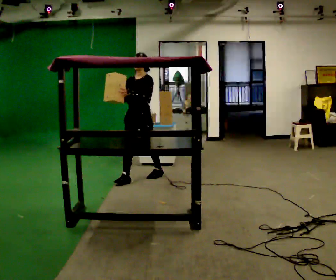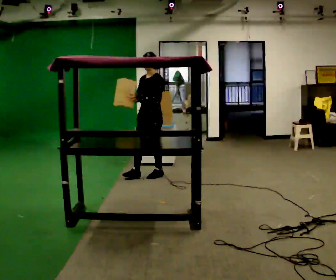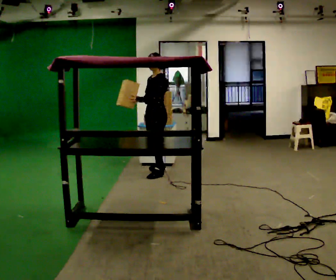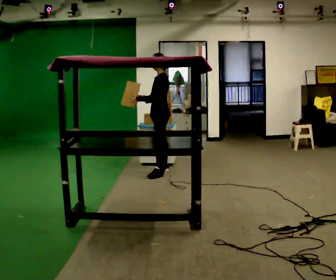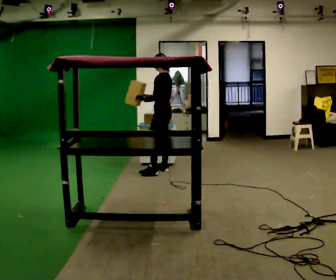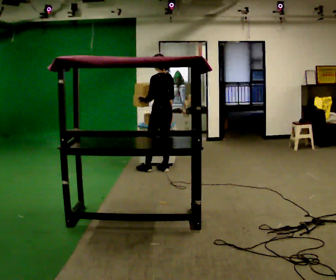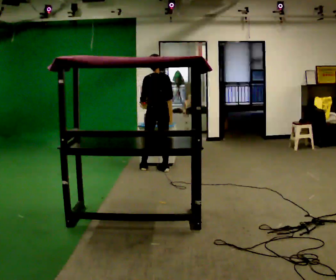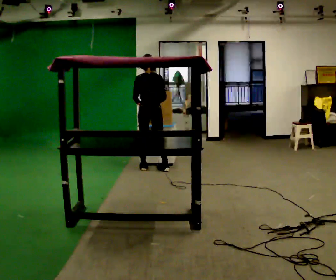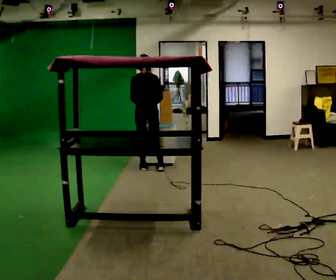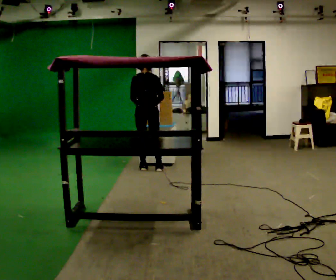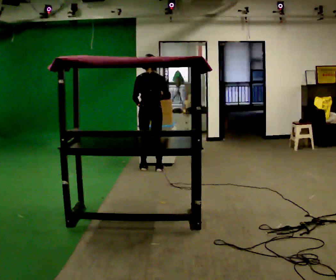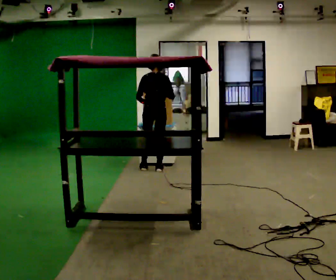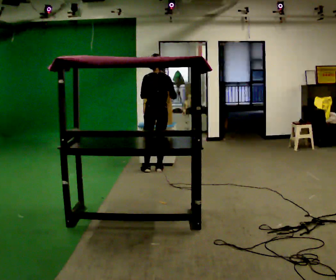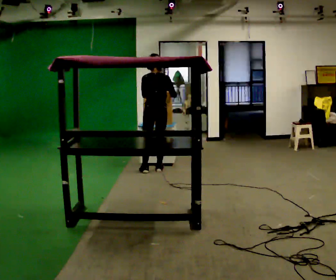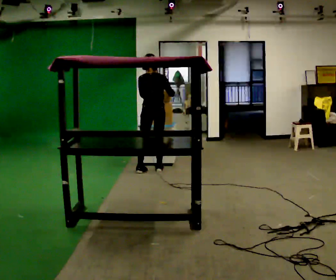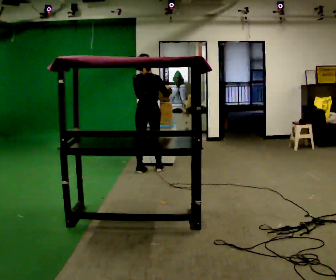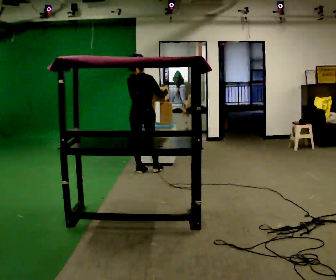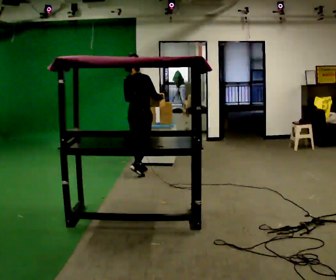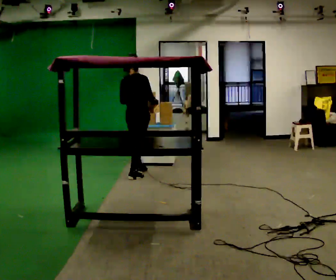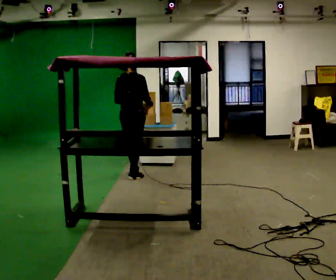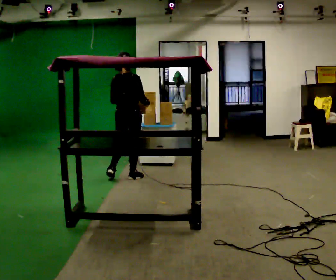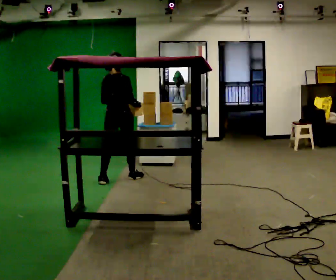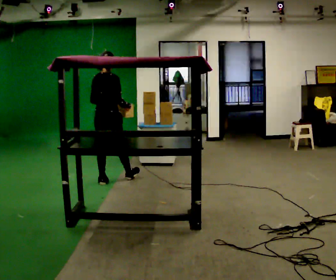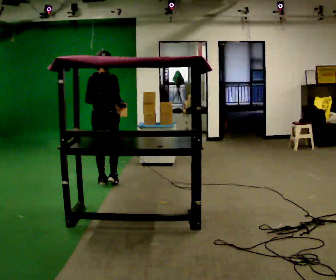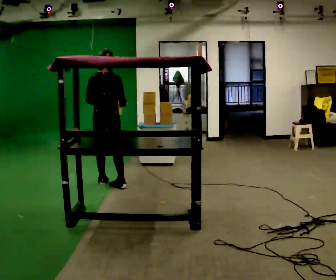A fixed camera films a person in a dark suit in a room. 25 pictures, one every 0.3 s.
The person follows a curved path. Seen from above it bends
counterclockwise.
0.0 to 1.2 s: The part of the body nearest the lens slides to the left as the person turns to their right by about 75 degrees. In the picture they go away from the camera and to the right, about 0.5 m in 2 steps.
1.2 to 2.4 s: Seen from above the body turns clockwise, about 75 degrees: to their right, with its near side sliding to the left. In the picture they go to the left, about 0.25 m.
2.4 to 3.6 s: The person moves a little, or ends about where they began.
3.6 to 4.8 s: Seen from above the body turns clockwise, about 30 degrees: to their right, with its near side sliding to the left. In the picture they go to the left, about 0.25 m in 1 step, which for them is to their left.
4.8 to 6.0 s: In the picture they go toward the camera, about 0.5 m in 1 step, which for them is backward.
6.0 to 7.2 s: In the picture they go toward the camera and to the left, about 0.25 m in 1 step, which for them is backward.
The film runs backward here.
